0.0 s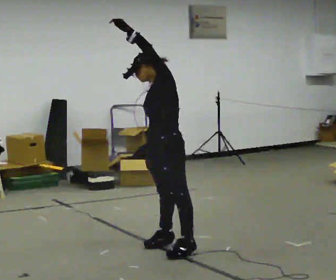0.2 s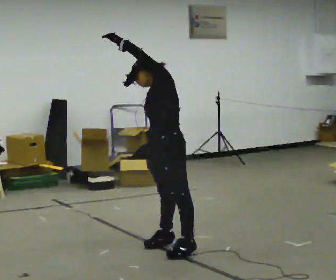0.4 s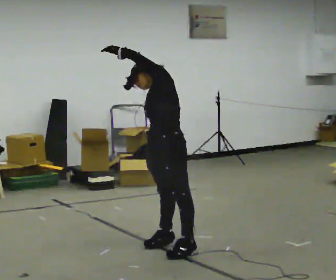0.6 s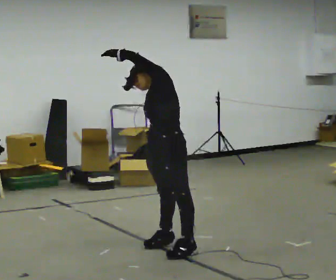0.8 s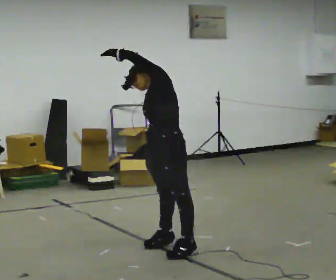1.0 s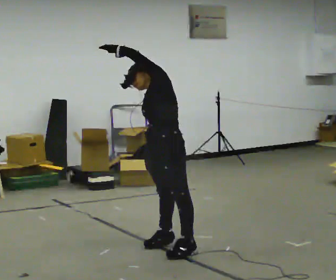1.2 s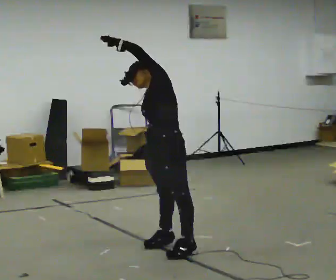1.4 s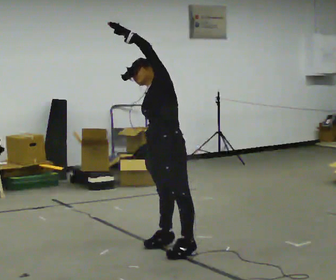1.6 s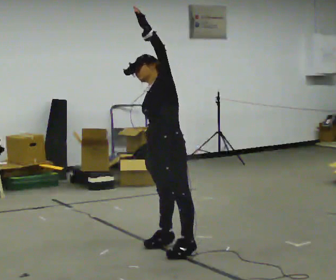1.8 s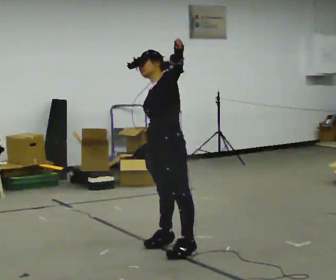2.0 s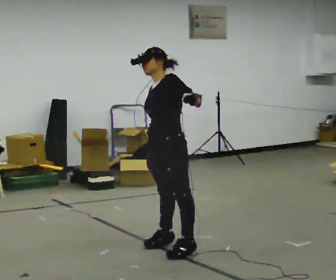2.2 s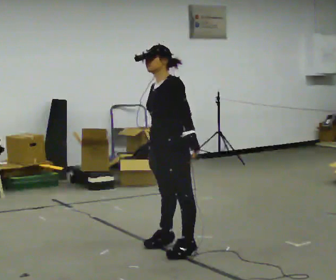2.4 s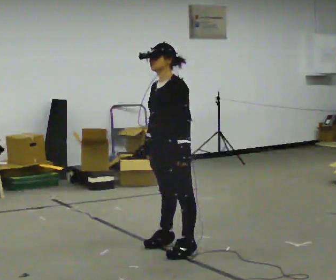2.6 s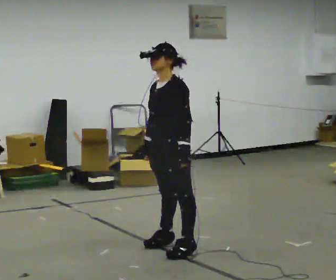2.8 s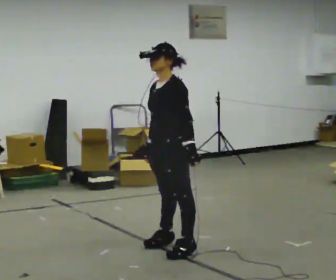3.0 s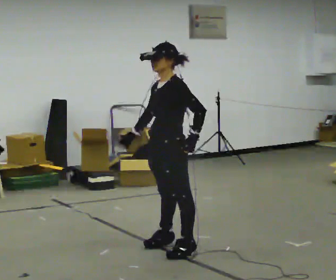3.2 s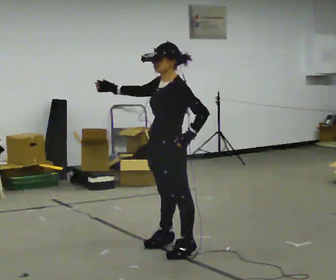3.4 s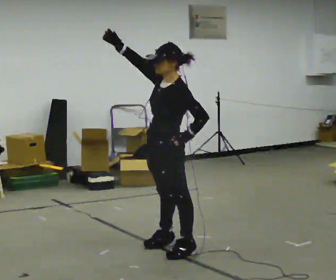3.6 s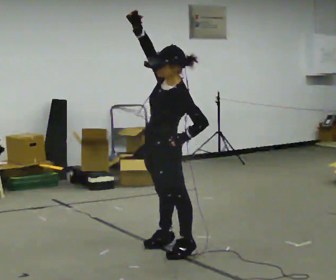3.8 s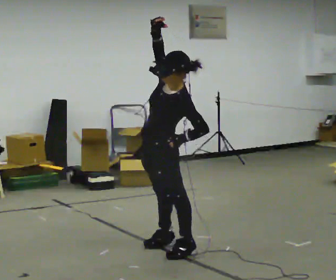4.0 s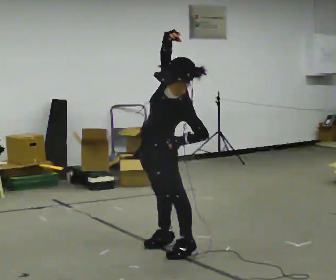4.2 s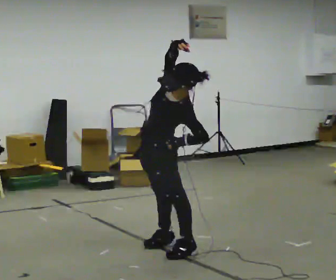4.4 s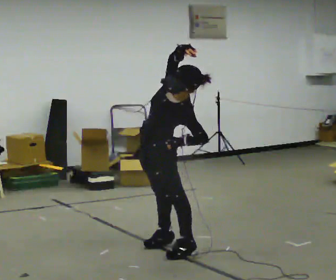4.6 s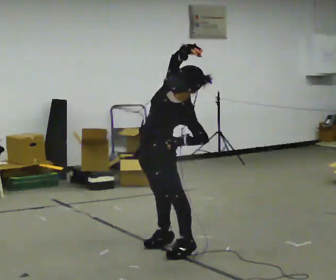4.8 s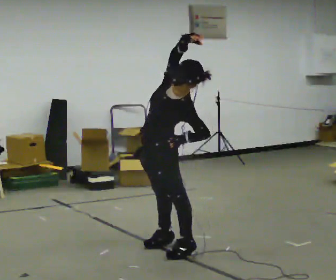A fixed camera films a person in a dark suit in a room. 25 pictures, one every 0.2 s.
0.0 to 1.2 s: The person moves a little, or ends about where they began.
1.2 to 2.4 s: The upper body tips toward the camera, its near side rolling downward. In the picture their left hand goes downward and to the right.
2.4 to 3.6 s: In the picture their right hand goes upward, the arm swinging clockwise.
3.6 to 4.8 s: In the picture their right hand goes to the right.
The film runs backward here.
